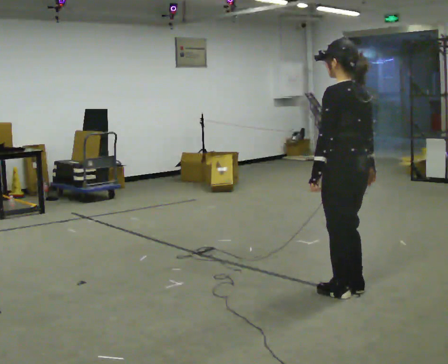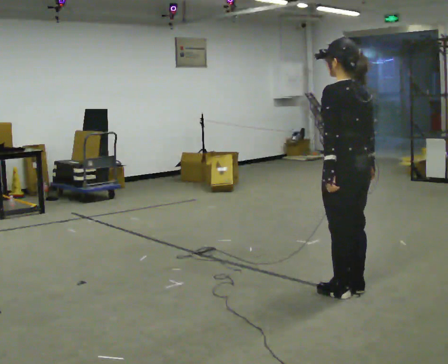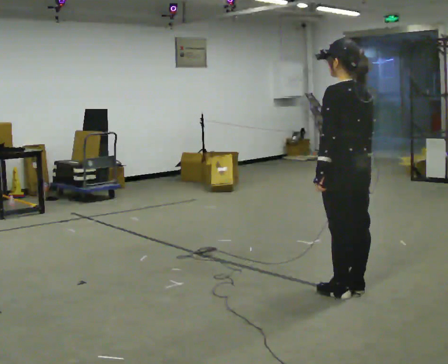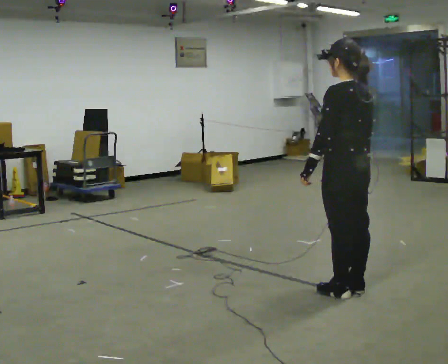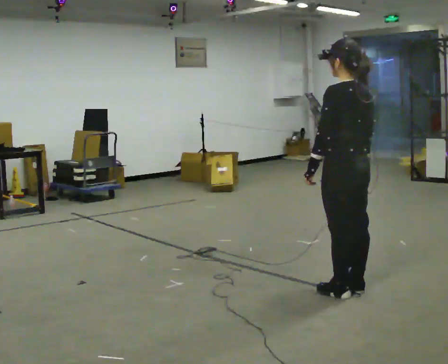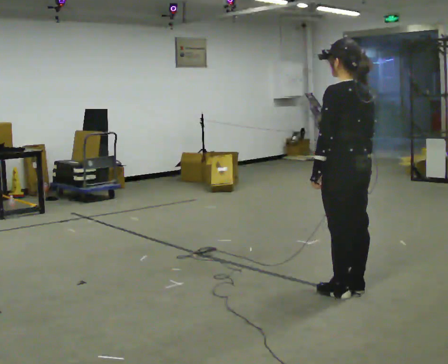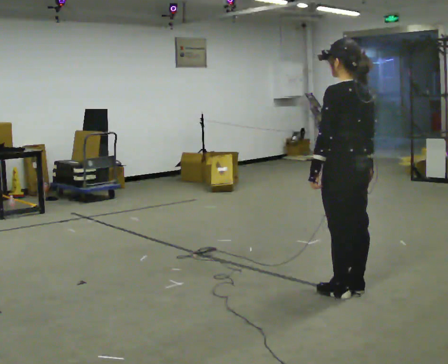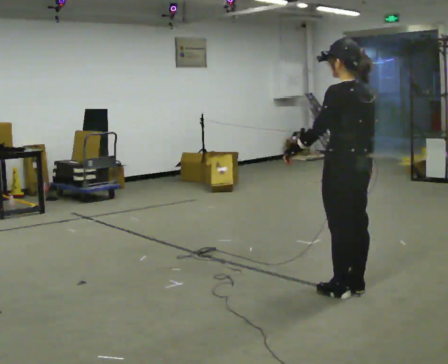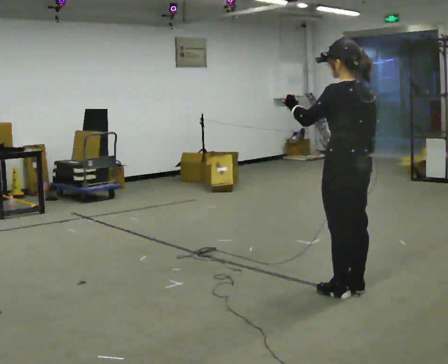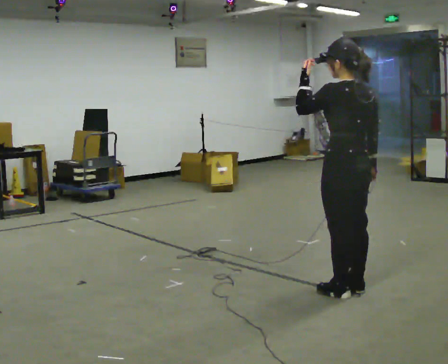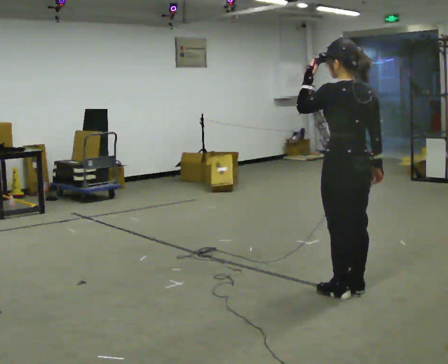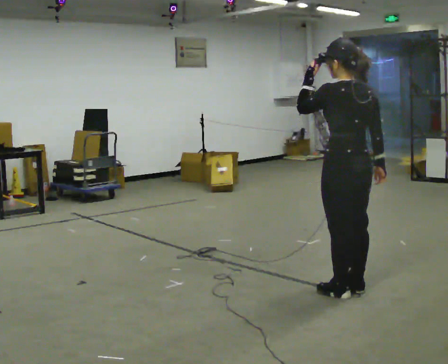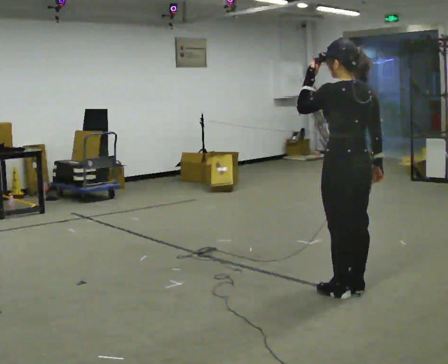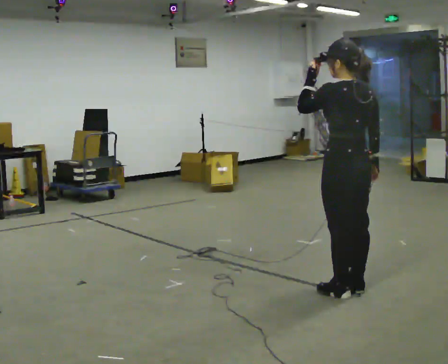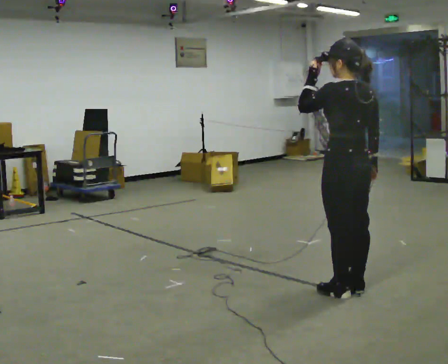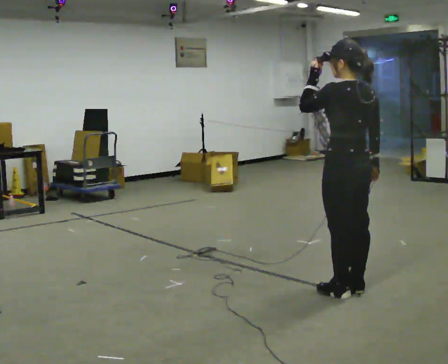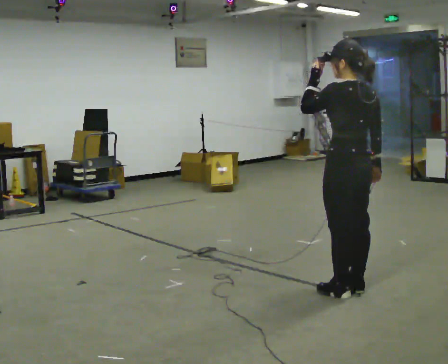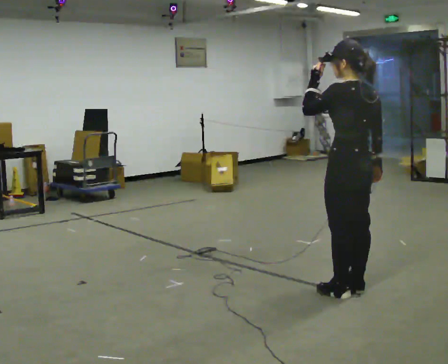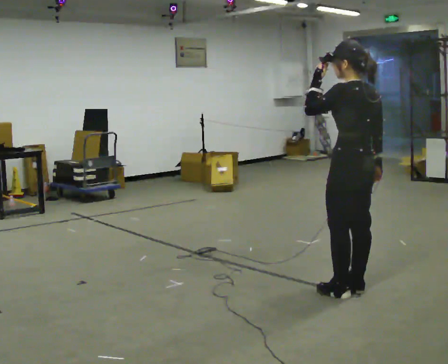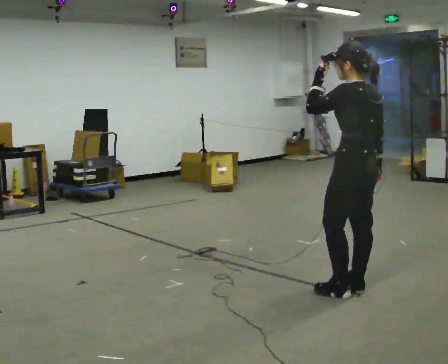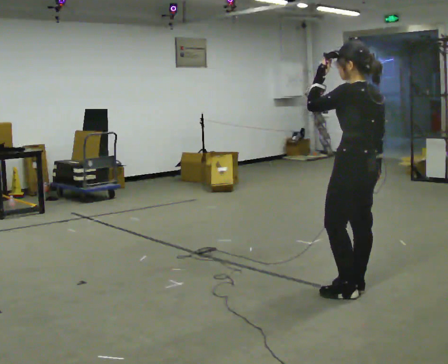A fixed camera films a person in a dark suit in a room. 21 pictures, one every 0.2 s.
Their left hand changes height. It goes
upward.
0.0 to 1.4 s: The person moves a little, or ends about where they began.
1.4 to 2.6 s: In the picture their left hand goes upward.
2.6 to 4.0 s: The person moves a little, or ends about where they began.
The film runs forward here.
